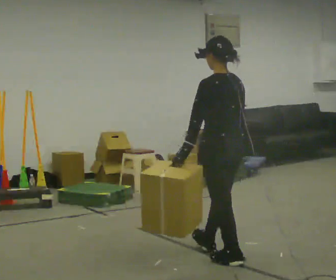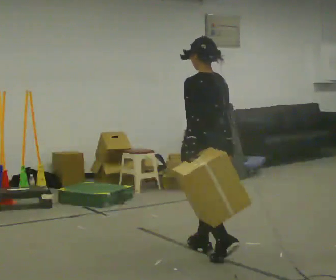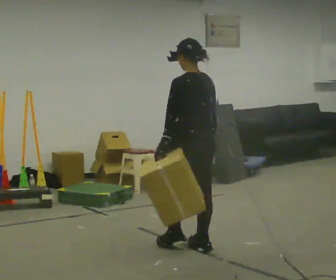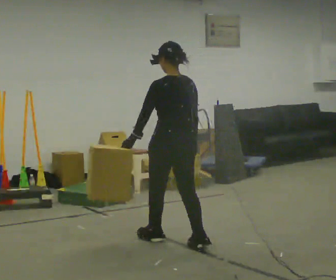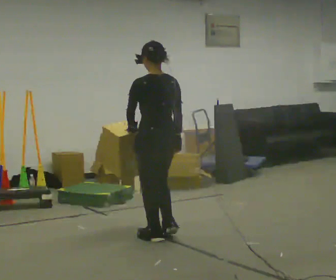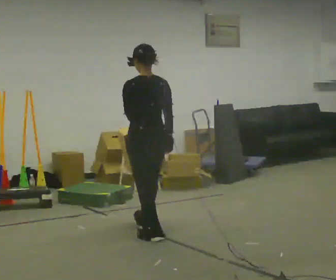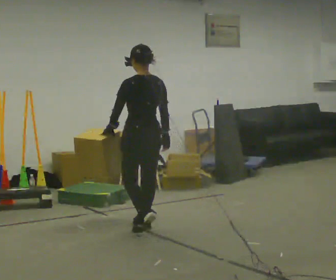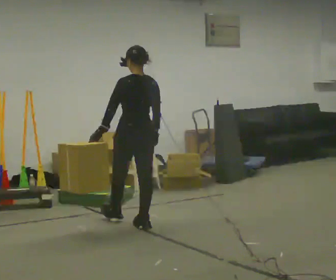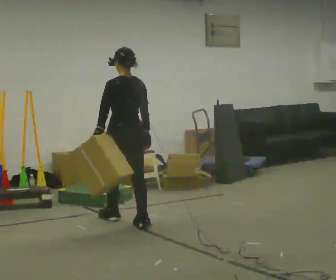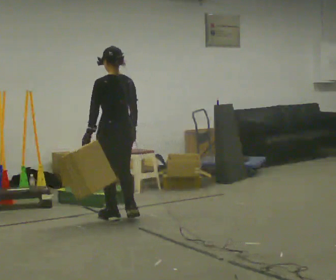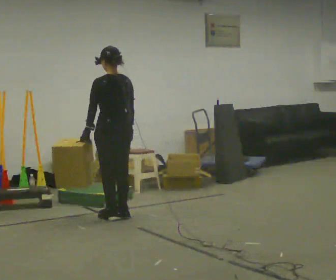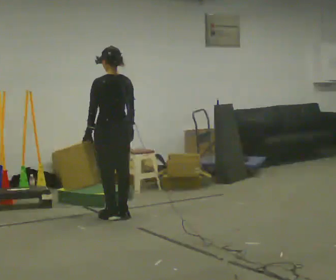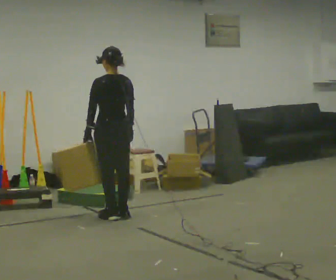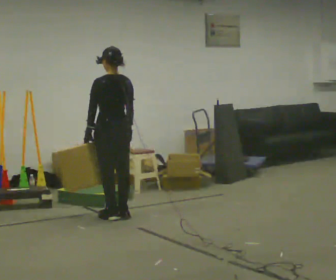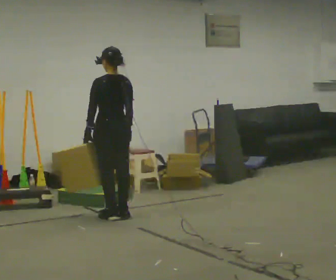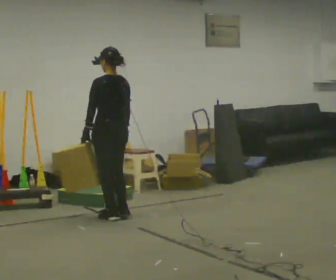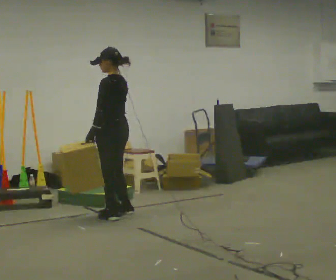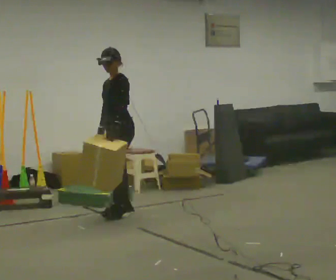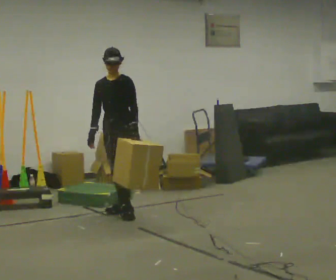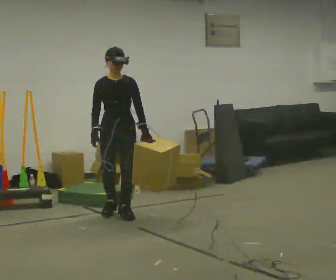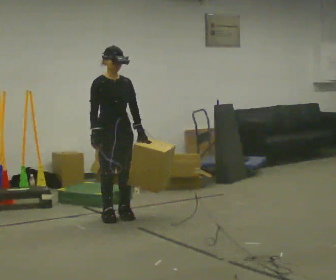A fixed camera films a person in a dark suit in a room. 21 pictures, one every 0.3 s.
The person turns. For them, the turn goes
to their left.
The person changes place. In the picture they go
away from the camera.
0.0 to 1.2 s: In the picture they go away from the camera and to the left, about 1 m in 2 steps, which for them is forward.
1.2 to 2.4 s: In the picture they go away from the camera and to the left, about 0.75 m in 2 steps, which for them is forward.
2.4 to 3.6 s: In the picture they go away from the camera, about 0.25 m in 1 step, which for them is forward.
3.6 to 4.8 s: Seen from above the body turns counterclockwise, about 30 degrees: to their left, with its near side sliding to the right.
4.8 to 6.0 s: The part of the body nearest the lens slides to the right as the person turns to their left by about 135 degrees. In the picture their left hand goes to the right, the arm swinging counterclockwise.
The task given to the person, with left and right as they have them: Carry the object in the hand the operator calls, down at your side, walking back and forth across the room.
The film runs forward here.
